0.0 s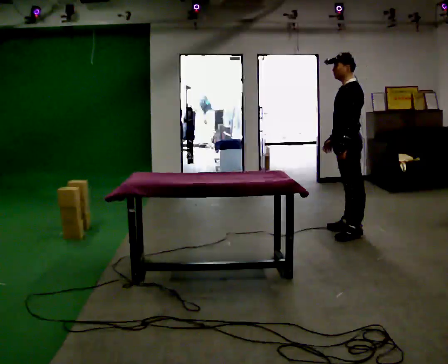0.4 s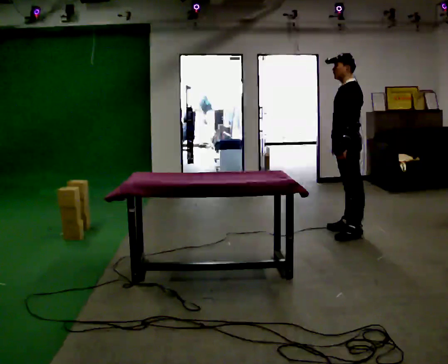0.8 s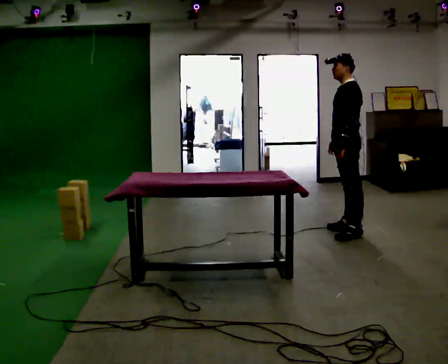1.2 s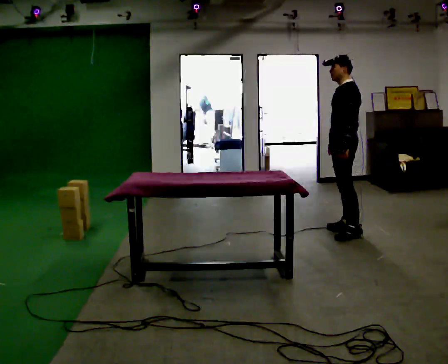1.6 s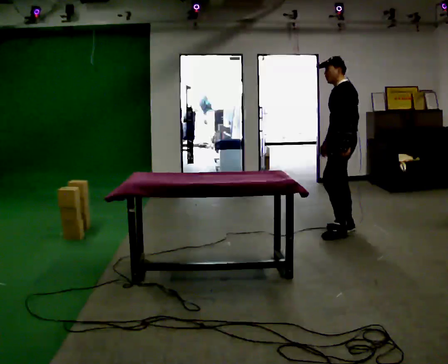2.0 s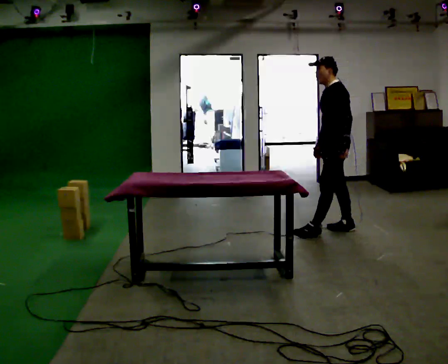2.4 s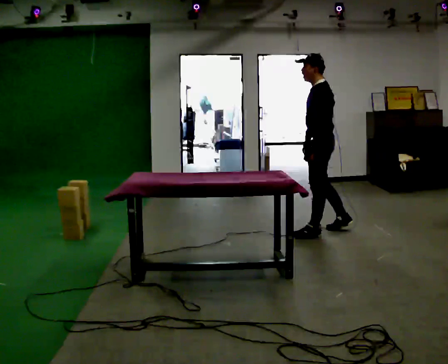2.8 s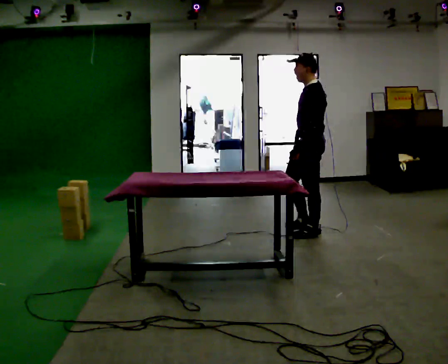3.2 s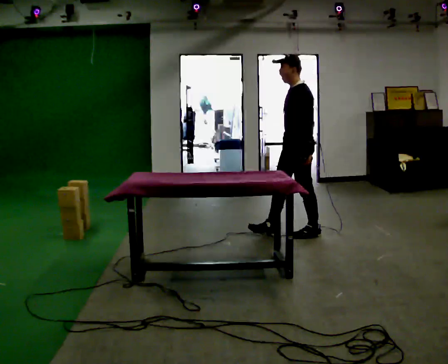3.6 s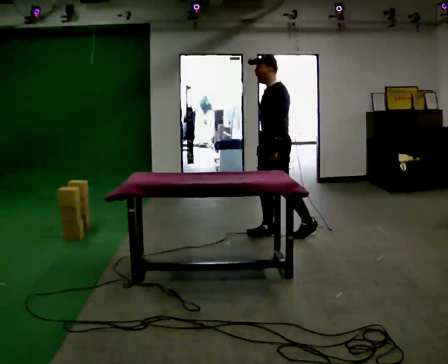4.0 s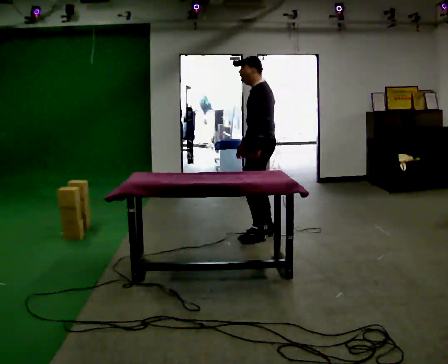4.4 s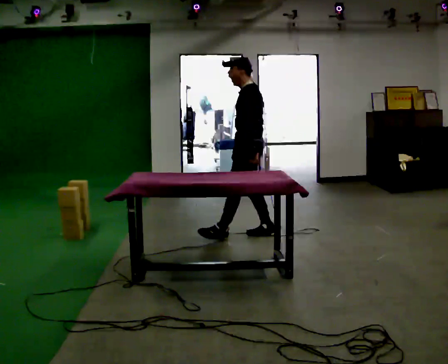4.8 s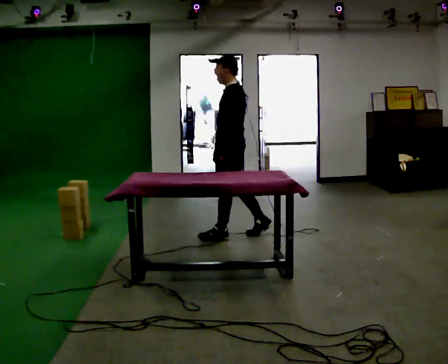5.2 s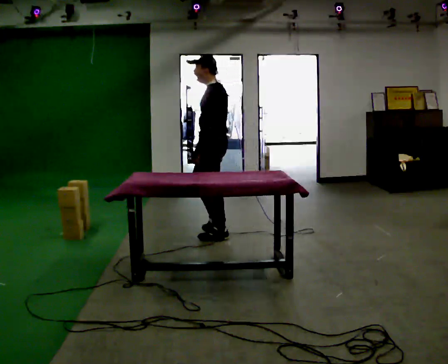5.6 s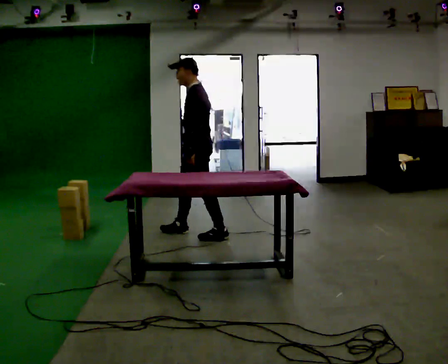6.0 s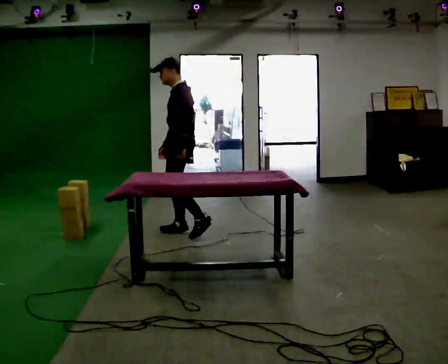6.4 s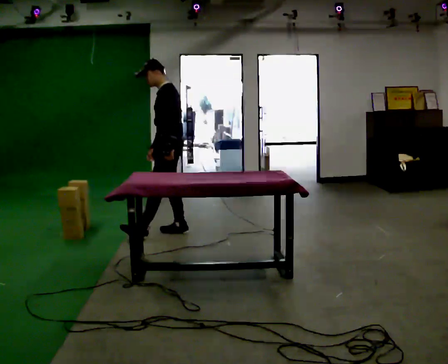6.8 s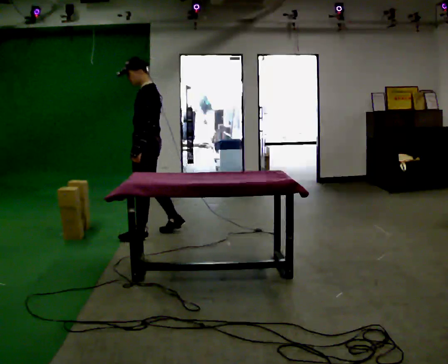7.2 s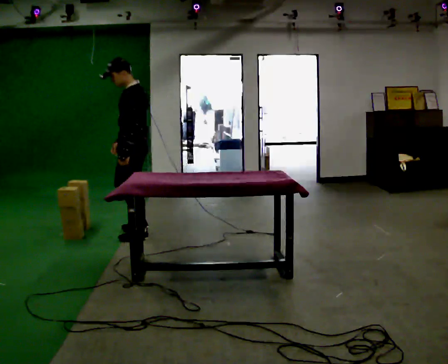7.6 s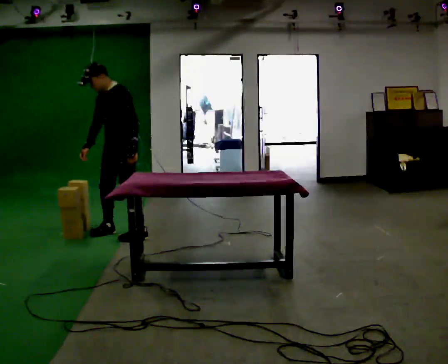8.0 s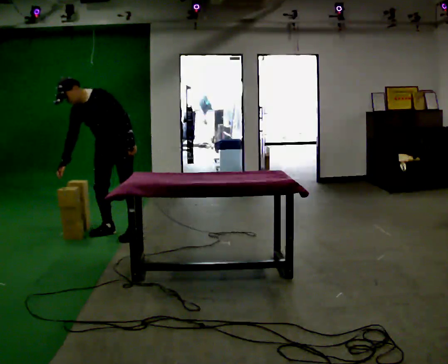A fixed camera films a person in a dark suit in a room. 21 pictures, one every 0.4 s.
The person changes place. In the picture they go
to the left.
0.0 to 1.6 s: The person moves a little, or ends about where they began.
1.6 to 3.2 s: In the picture they go to the left and toward the camera, about 0.5 m in 2 steps, which for them is forward and to their left.
3.2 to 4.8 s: In the picture they go to the left, about 0.75 m in 1 step, which for them is forward.
4.8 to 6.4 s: In the picture they go to the left, about 0.5 m in 1 step, which for them is forward.
6.4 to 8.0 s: The person turns about 60 degrees to their left, counterclockwise seen from above, so the part of the body nearest the lens slides to the right. In the picture they go to the left, about 0.5 m in 2 steps. The upper body tips toward the camera, its near side rolling downward, as they bend forward.
The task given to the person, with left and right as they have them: Pick the object up off the floor using only the hand the operator calls, then carry it to the table in that same hand. Keep going until the operator says stop; one object at a time, and do not rush between trips.
The film runs forward here.
